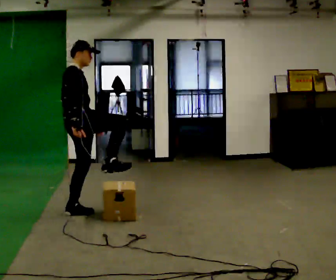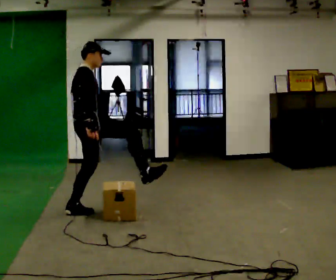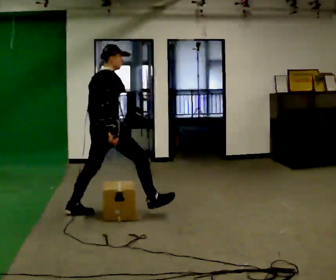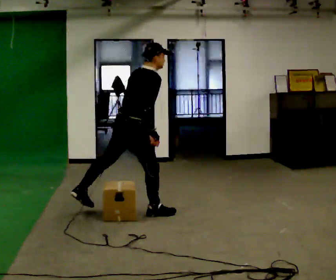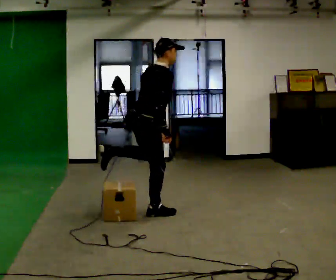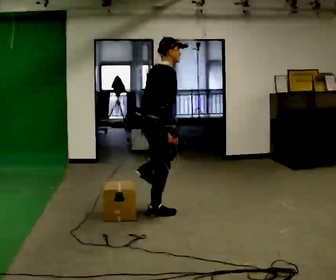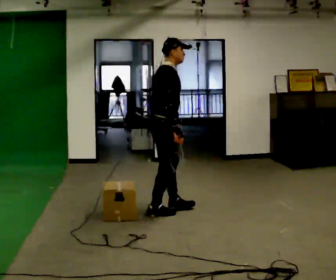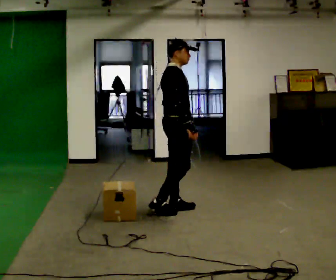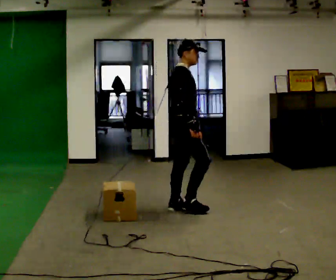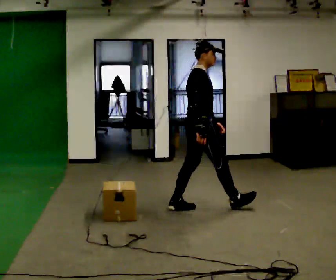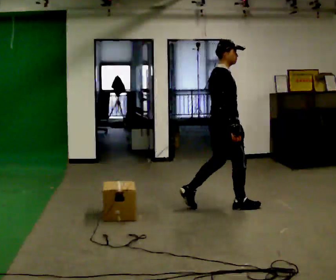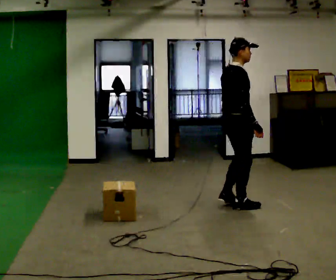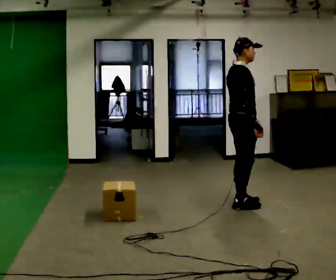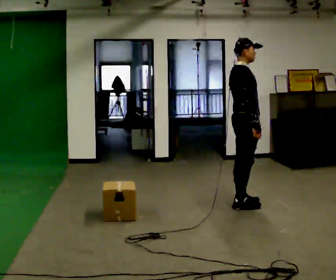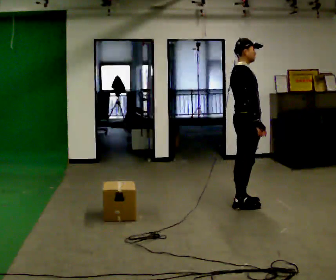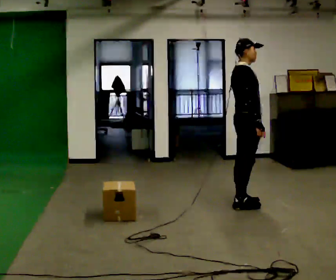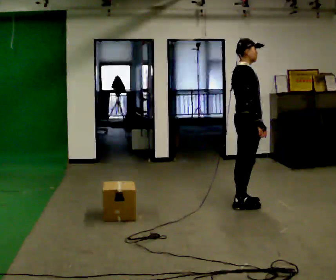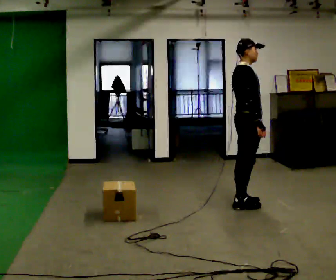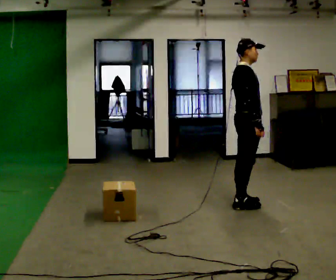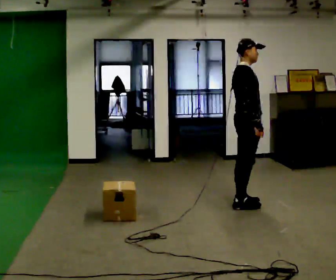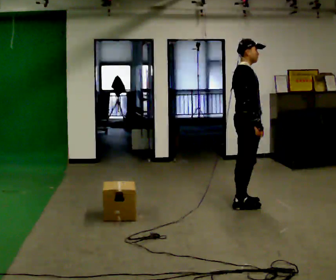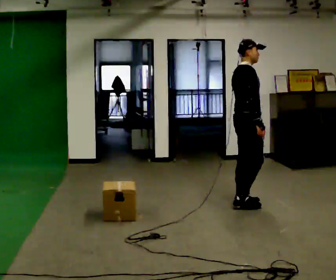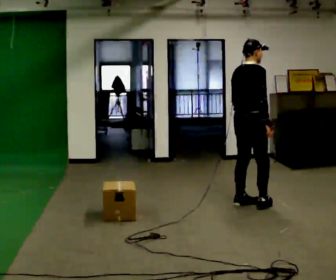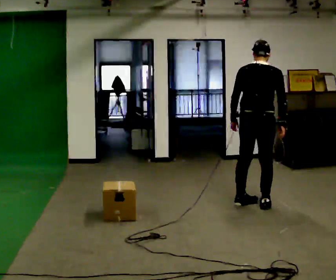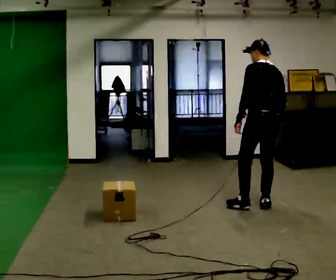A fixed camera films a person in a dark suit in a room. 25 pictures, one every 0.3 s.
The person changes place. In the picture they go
to the right.
0.0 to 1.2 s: In the picture they go to the right, about 0.75 m in 1 step, which for them is forward and to their right. In the picture the upper body tilts clockwise, shoulders to the right, as they bend forward.
1.2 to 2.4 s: In the picture they go to the right and away from the camera, about 0.5 m in 1 step, which for them is forward. In the picture the upper body tilts counterclockwise, shoulders to the left, as they lean back or straighten.
2.4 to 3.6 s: In the picture they go to the right, about 0.5 m in 2 steps, which for them is forward.
3.6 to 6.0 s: The person moves a little, or ends about where they began.
6.0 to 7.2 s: The person turns about 120 degrees to their left, counterclockwise seen from above, so the part of the body nearest the lens slides to the right. In the picture they go to the right, about 0.25 m in 1 step.
The film runs forward here.
